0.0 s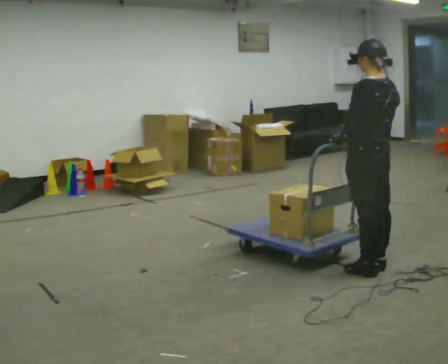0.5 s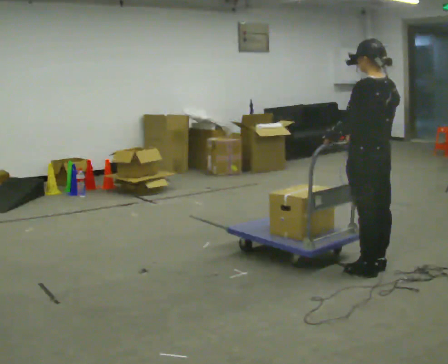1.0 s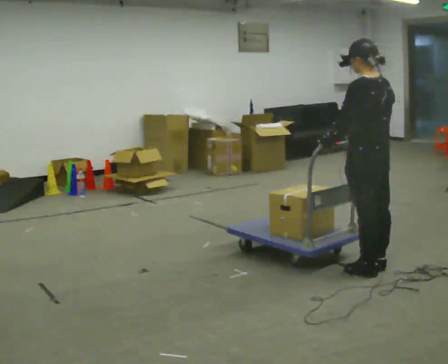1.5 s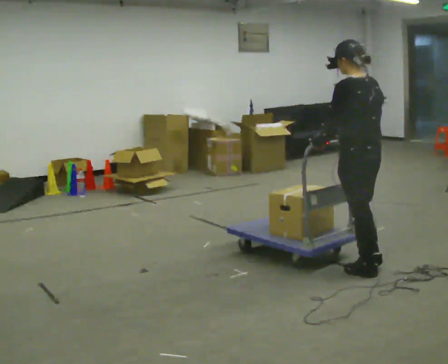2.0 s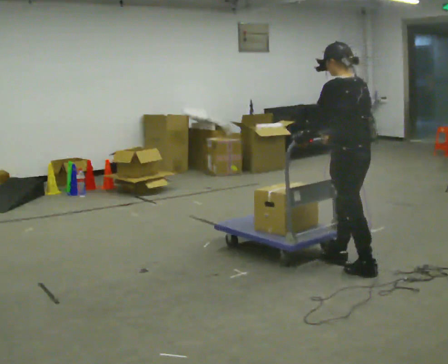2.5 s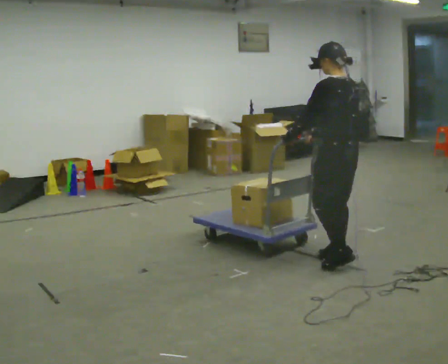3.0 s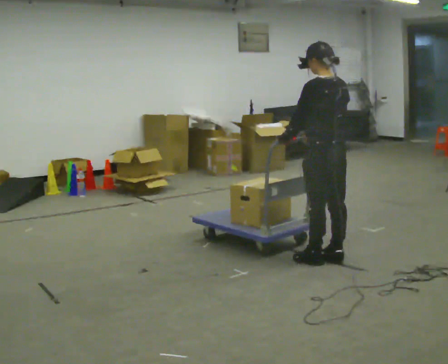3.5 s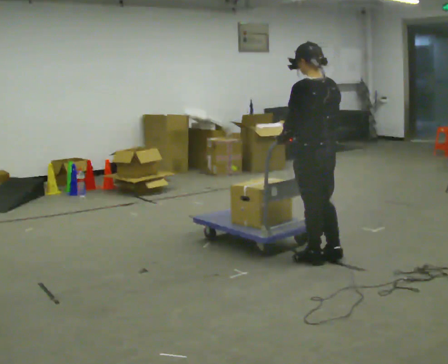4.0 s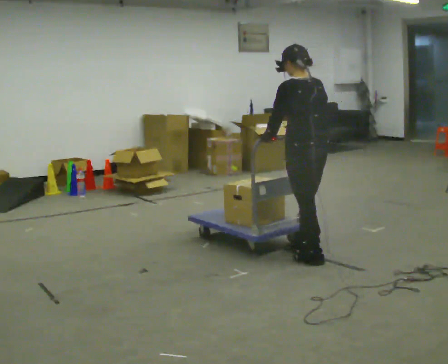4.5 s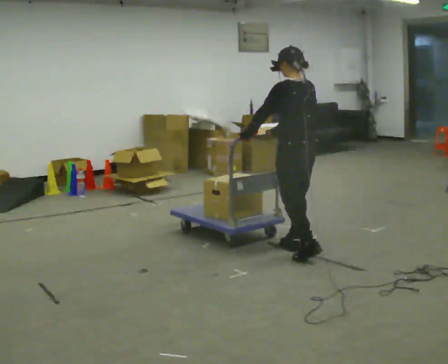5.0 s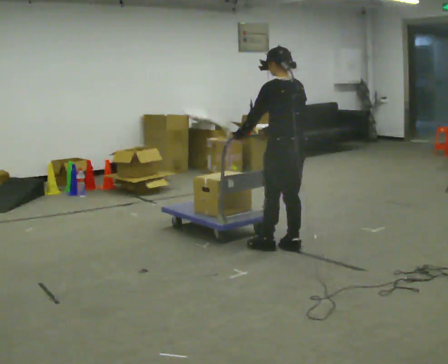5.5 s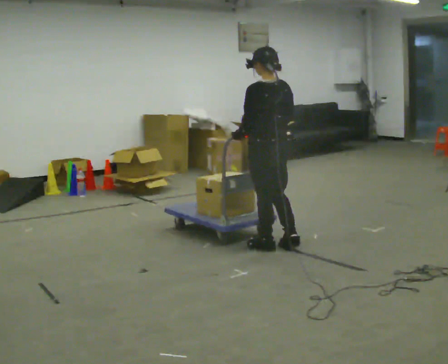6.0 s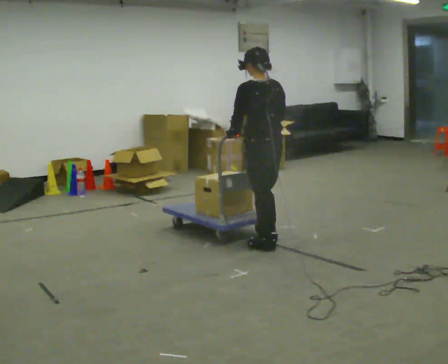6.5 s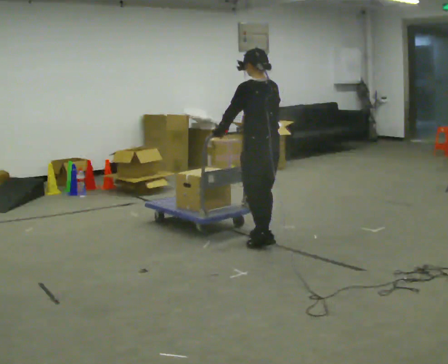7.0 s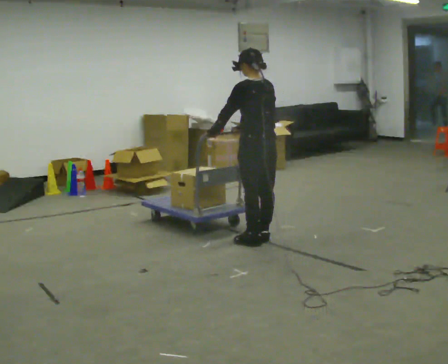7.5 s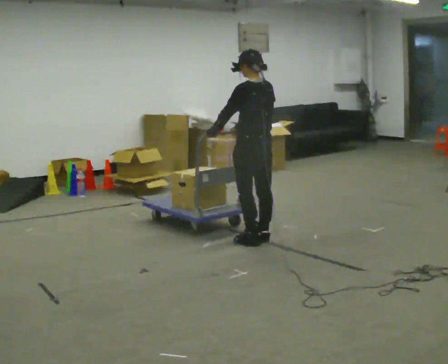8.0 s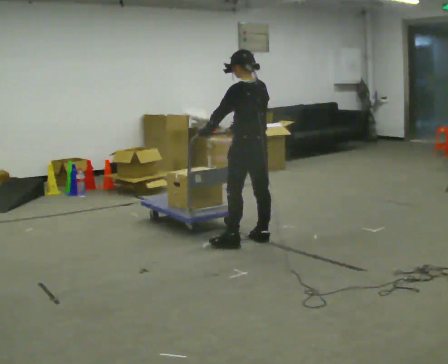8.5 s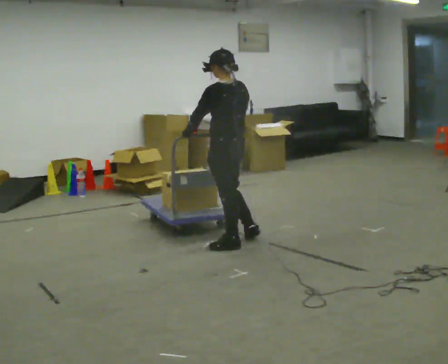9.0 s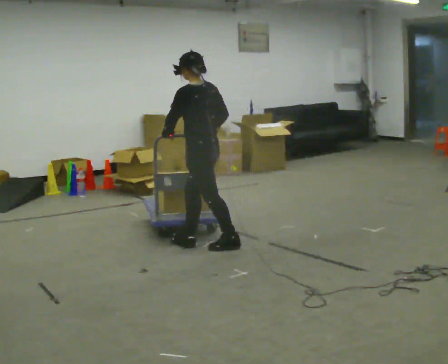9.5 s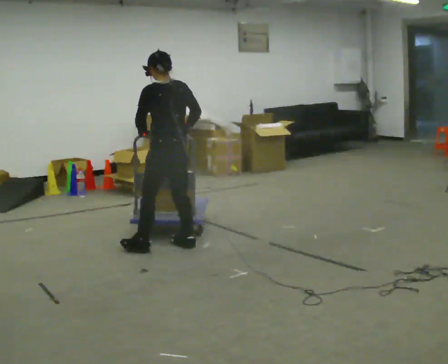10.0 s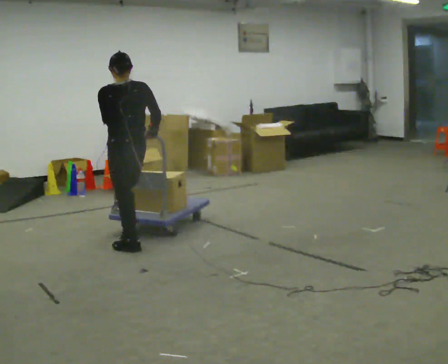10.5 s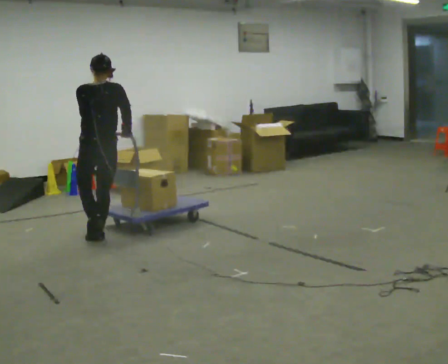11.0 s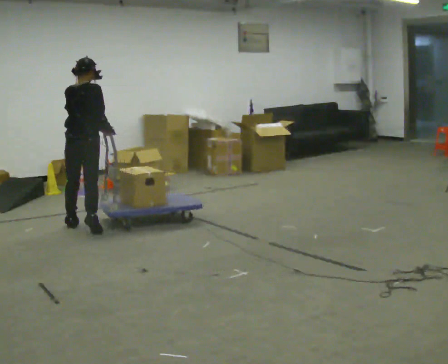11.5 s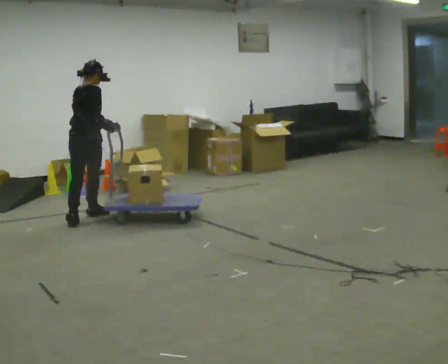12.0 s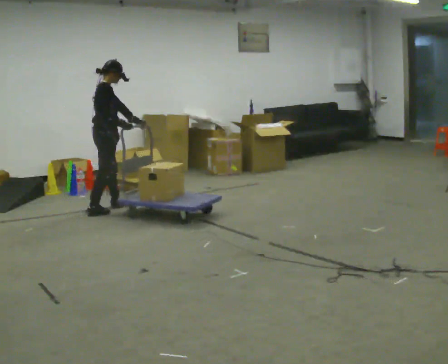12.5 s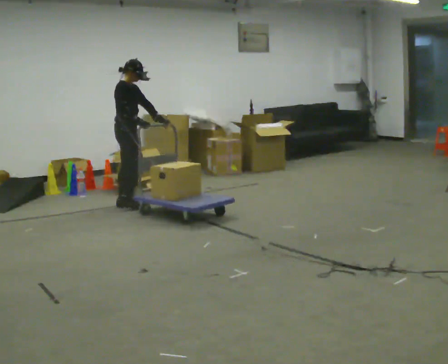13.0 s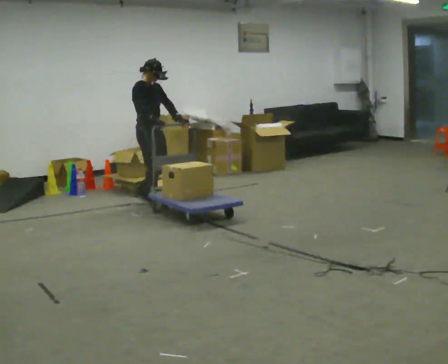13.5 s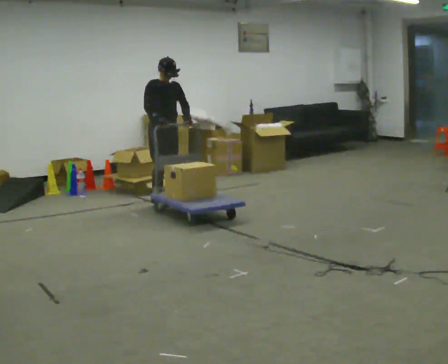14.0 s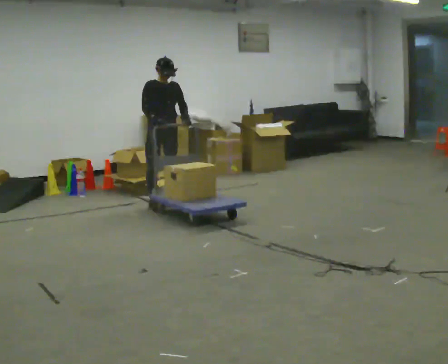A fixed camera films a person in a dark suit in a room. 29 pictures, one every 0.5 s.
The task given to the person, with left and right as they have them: Push the cart across the room and back. The operator will change how much is loaded on it between takes and will tell you each time.
0.0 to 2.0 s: The person moves a little, or ends about where they began.
2.0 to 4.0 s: In the picture they go to the left and away from the camera, about 0.25 m in 2 steps, which for them is forward.
4.0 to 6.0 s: In the picture they go away from the camera and to the left, about 0.5 m in 2 steps, which for them is forward.
6.0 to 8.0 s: In the picture they go away from the camera, about 0.25 m in 3 steps, which for them is forward.
8.0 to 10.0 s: In the picture they go to the left, about 1 m in 2 steps, which for them is forward and to their left.
10.0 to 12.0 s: The part of the body nearest the lens slides to the left as the person turns to their right by about 90 degrees. In the picture they go away from the camera and to the left, about 1 m in 3 steps.
12.0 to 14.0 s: The person turns about 90 degrees to their right, clockwise seen from above, so the part of the body nearest the lens slides to the left. In the picture they go to the right and away from the camera, about 0.75 m in 3 steps.
The film runs forward here.
